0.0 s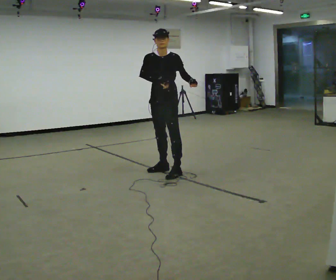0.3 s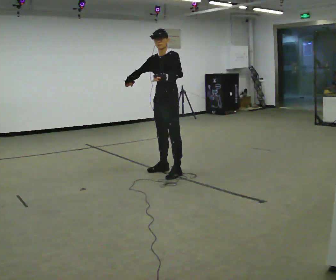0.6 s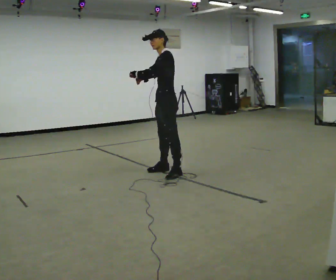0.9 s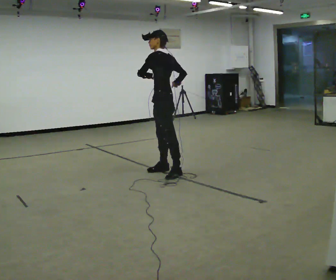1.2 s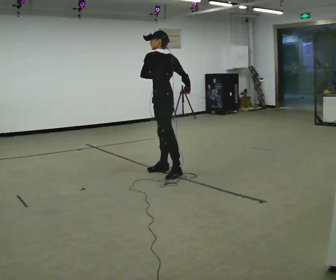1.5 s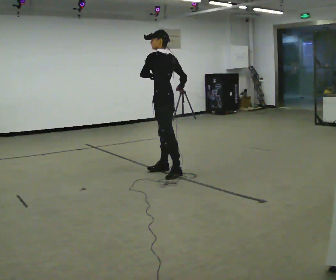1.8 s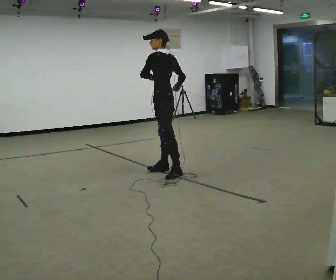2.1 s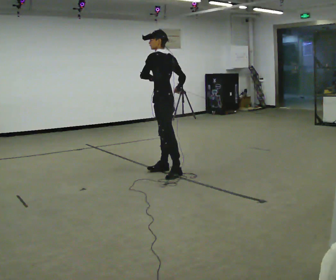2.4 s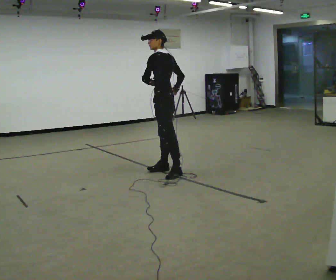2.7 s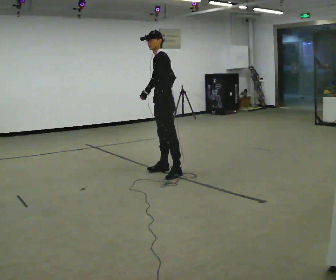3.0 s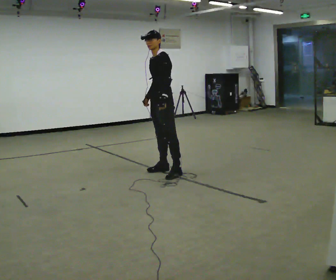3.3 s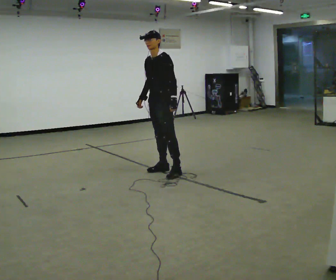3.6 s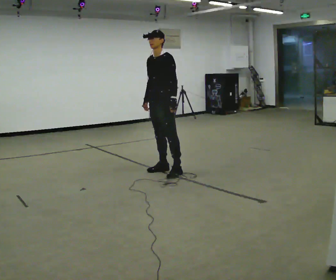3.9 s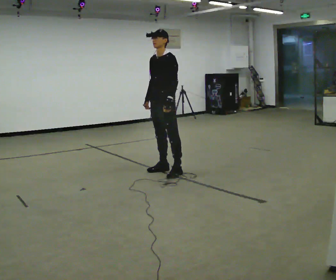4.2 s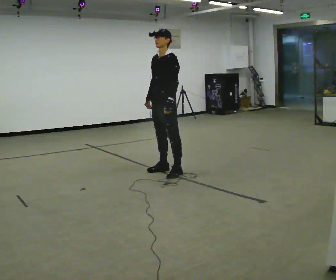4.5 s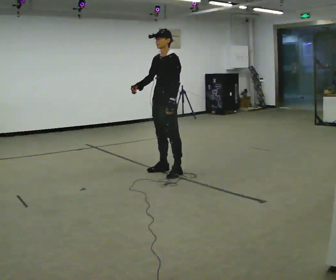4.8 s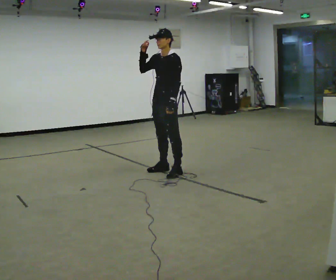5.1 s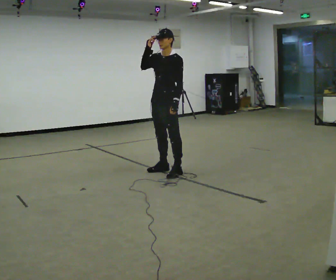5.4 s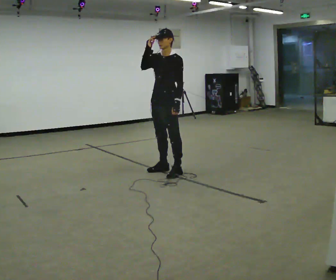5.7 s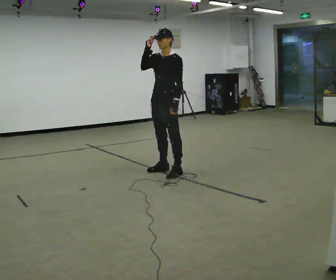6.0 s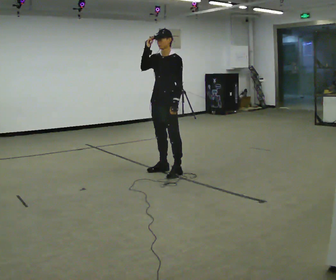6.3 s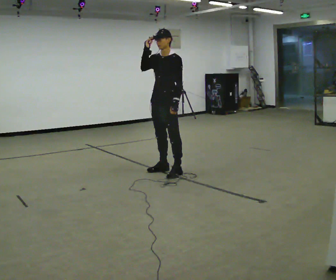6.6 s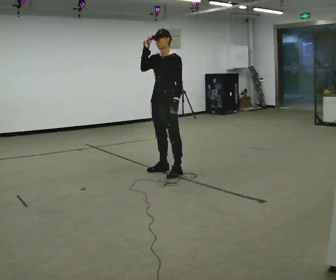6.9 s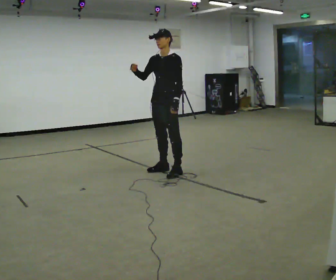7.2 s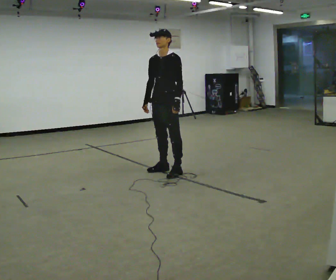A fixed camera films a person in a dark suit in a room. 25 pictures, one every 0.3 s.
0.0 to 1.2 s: The person turns about 90 degrees to their right, clockwise seen from above, so the part of the body nearest the lens slides to the left. In the picture their right hand goes to the right.
1.2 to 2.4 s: The person moves a little, or ends about where they began.
2.4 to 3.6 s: The person turns about 60 degrees to their left, counterclockwise seen from above, so the part of the body nearest the lens slides to the right.
3.6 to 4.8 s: In the picture their right hand goes upward.
4.8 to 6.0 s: The person moves a little, or ends about where they began.
6.0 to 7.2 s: In the picture their right hand goes downward.
The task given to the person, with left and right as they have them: Keeping your feet still, turn your upper body to look behind you on one side, return to the front, then turn to the other side. Repeat the movement at your own pace until the operator says stop; do not rush.
The film runs forward here.
